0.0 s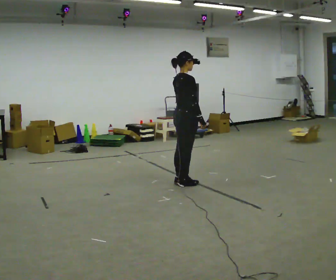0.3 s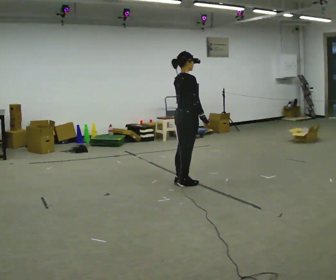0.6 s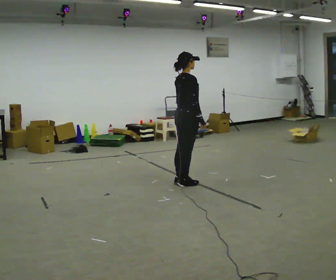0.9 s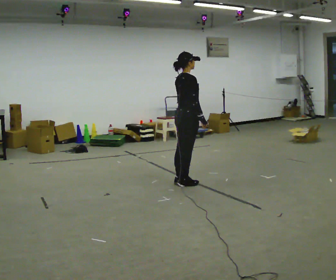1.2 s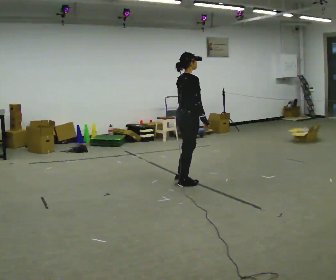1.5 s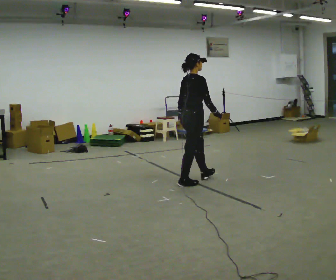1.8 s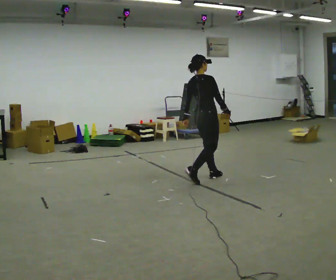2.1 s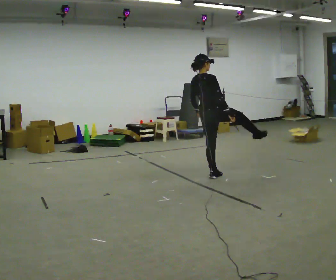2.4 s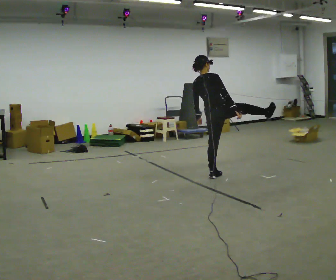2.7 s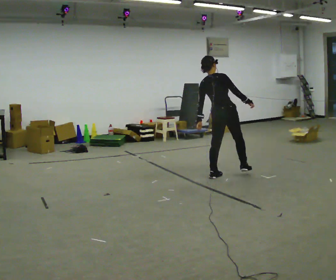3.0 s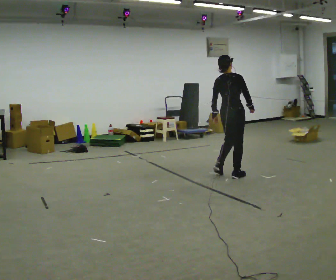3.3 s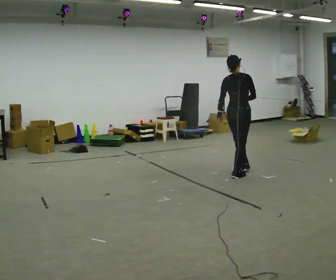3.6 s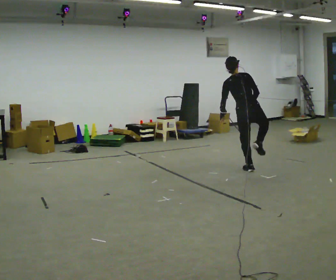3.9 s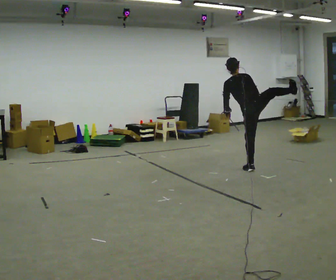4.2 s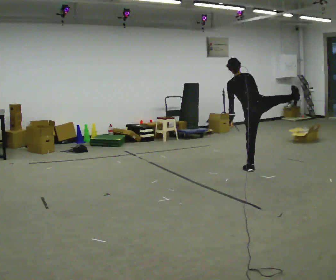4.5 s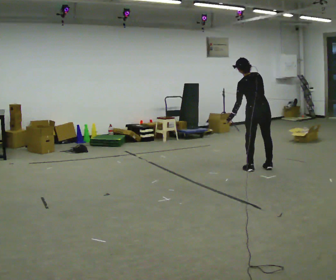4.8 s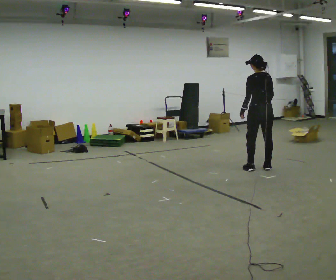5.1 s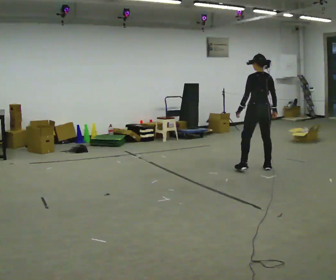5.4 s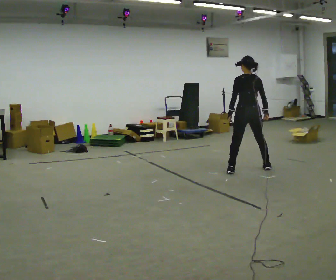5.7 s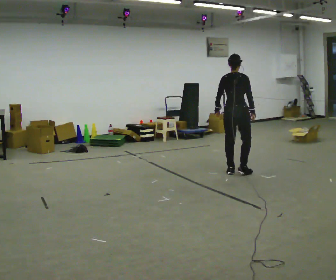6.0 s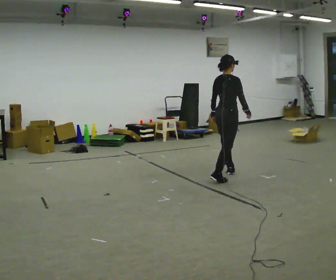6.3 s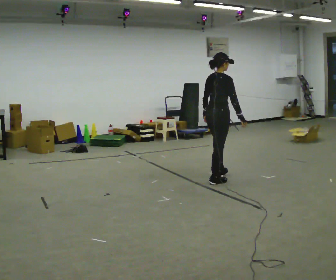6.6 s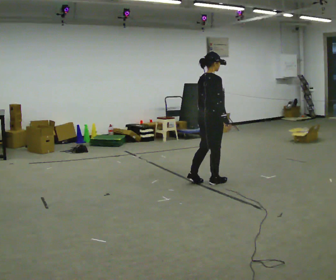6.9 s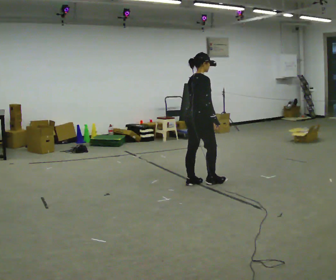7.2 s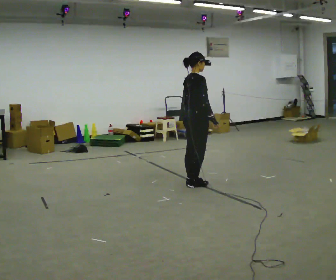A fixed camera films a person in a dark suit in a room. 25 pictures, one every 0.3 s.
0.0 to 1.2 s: The person moves a little, or ends about where they began.
1.2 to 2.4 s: The person turns about 30 degrees to their left, counterclockwise seen from above, so the part of the body nearest the lens slides to the right. In the picture they go away from the camera and to the right, about 0.5 m in 2 steps, which for them is forward. In the picture the upper body tilts counterclockwise, shoulders to the left.
2.4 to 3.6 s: The part of the body nearest the lens slides to the right as the person turns to their left by about 30 degrees. In the picture they go to the right and away from the camera, about 0.5 m in 2 steps, which for them is forward and to their right.
3.6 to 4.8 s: In the picture they go to the right, about 0.25 m in 1 step, which for them is to their right.
4.8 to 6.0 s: The part of the body nearest the lens slides to the left as the person turns to their right by about 60 degrees. In the picture they go to the left and toward the camera, about 0.75 m in 1 step.
6.0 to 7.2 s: In the picture they go toward the camera and to the left, about 0.5 m in 3 steps, which for them is backward.
The film runs forward here.
